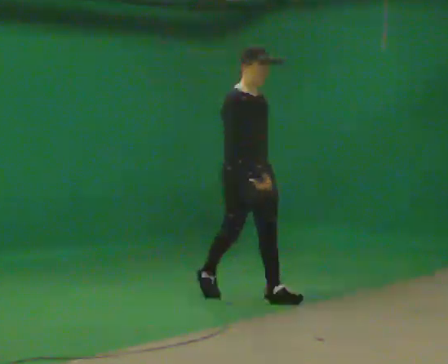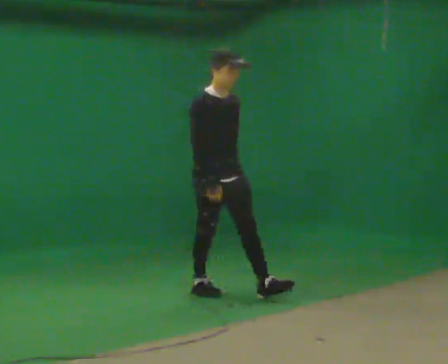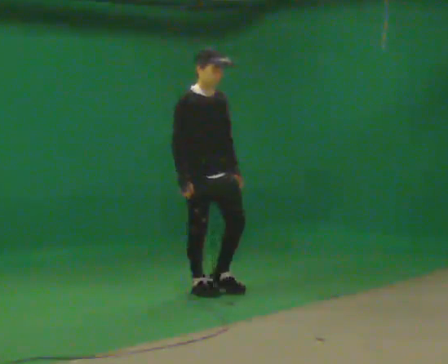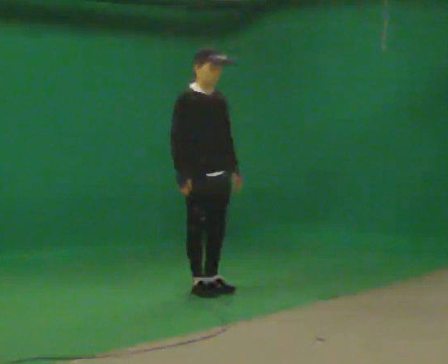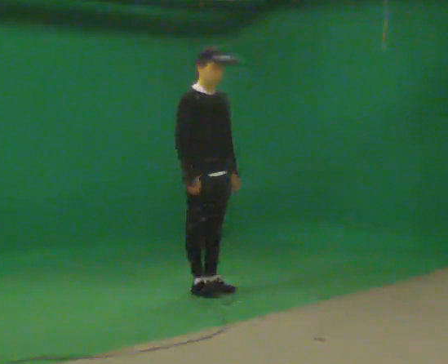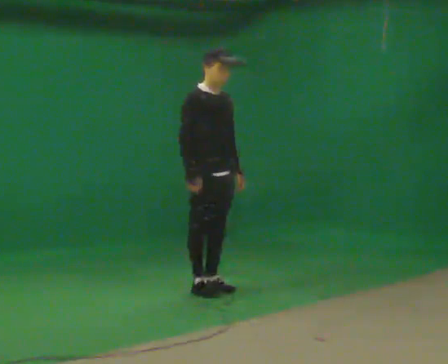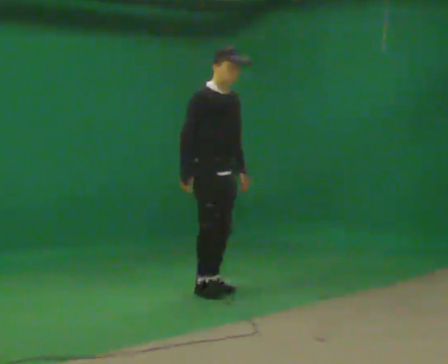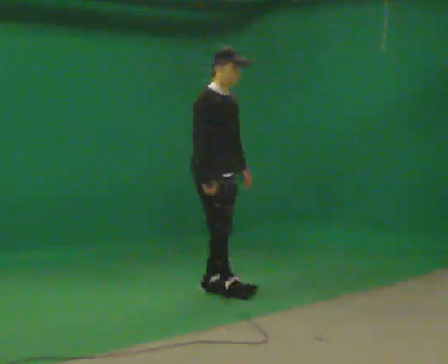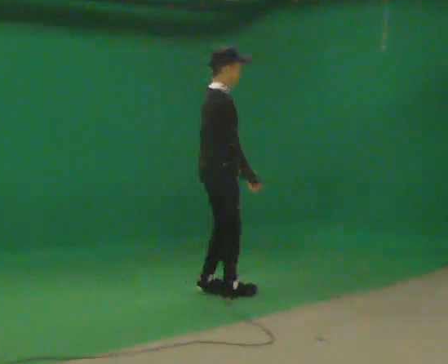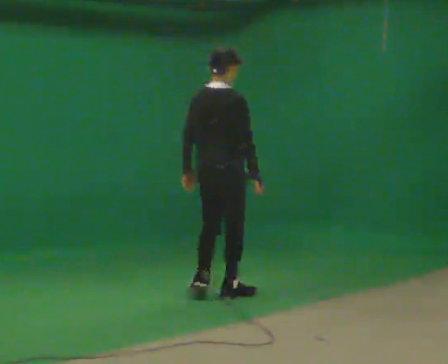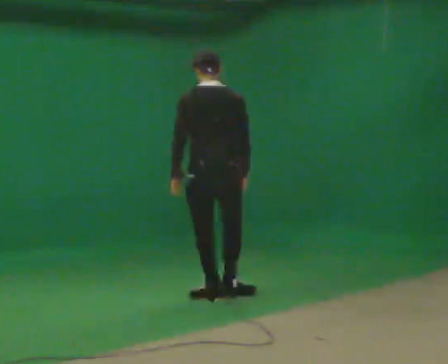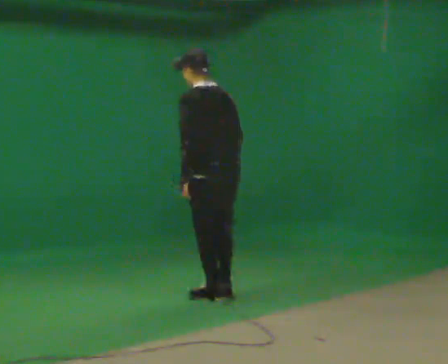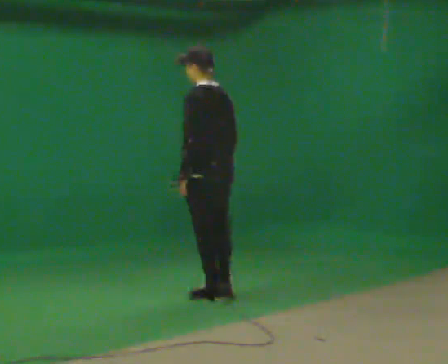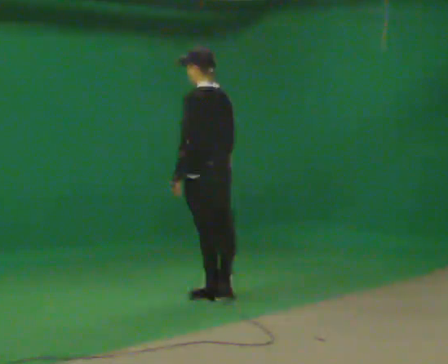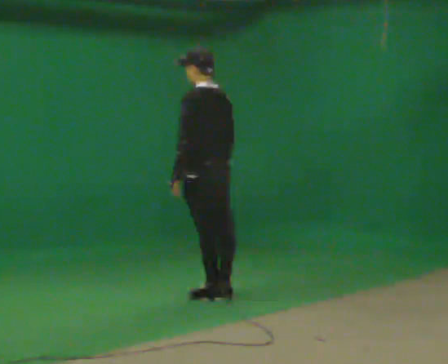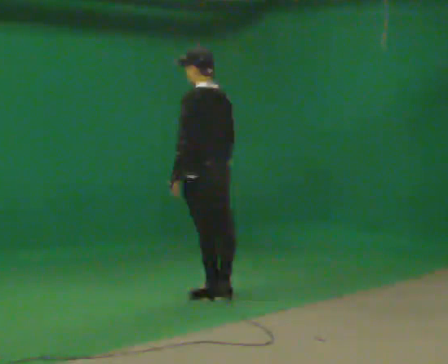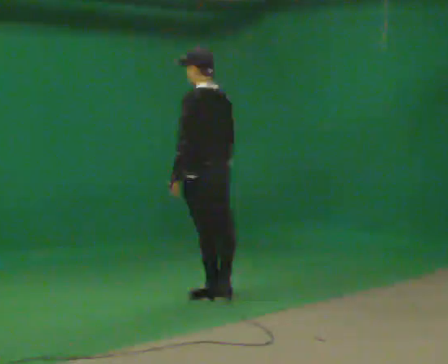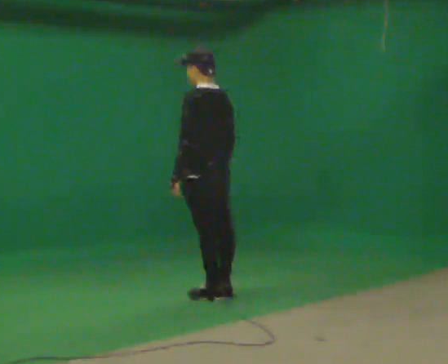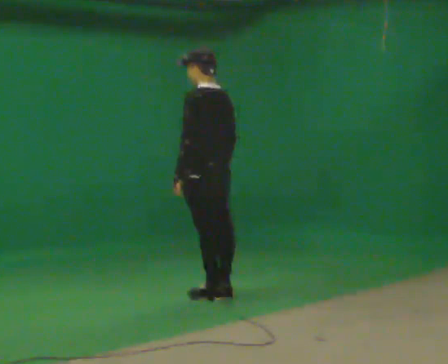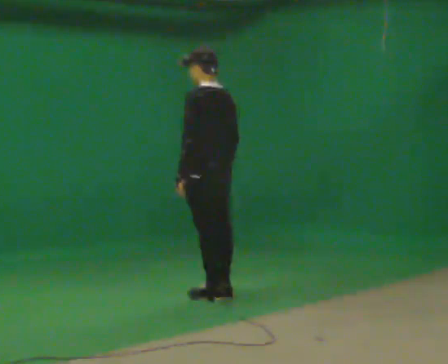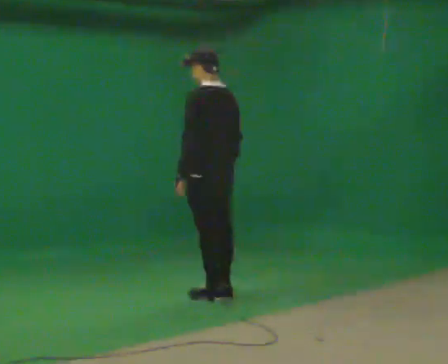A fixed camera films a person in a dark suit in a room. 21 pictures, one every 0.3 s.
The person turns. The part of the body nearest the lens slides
to the right.
The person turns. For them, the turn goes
to their left.
0.0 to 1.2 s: In the picture they go away from the camera and to the left, about 0.5 m in 1 step, which for them is backward.
1.2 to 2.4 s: Seen from above the body turns counterclockwise, about 45 degrees: to their left, with its near side sliding to the right. In the picture their right hand goes to the right.
2.4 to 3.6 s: The person turns about 135 degrees to their left, counterclockwise seen from above, so the part of the body nearest the lens slides to the right.
3.6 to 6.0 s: The person moves a little, or ends about where they began.
The film runs backward here.
